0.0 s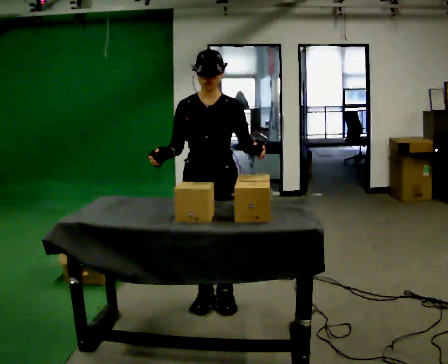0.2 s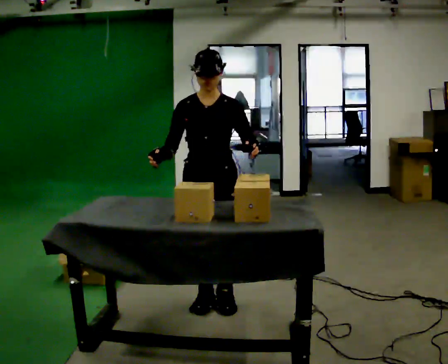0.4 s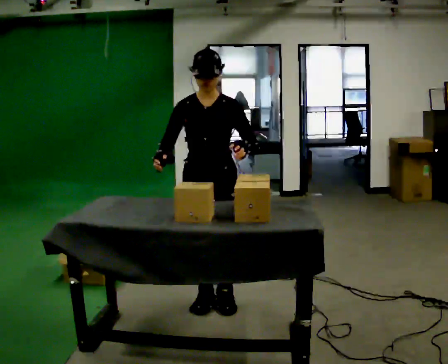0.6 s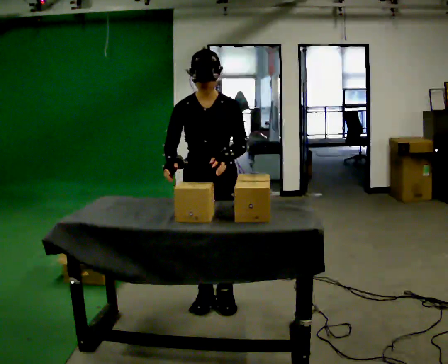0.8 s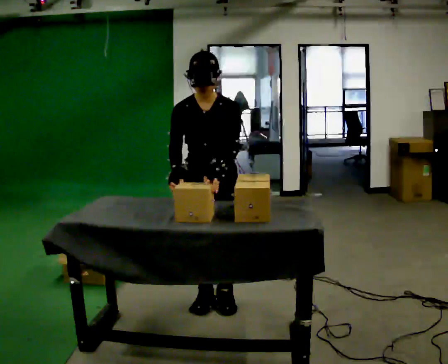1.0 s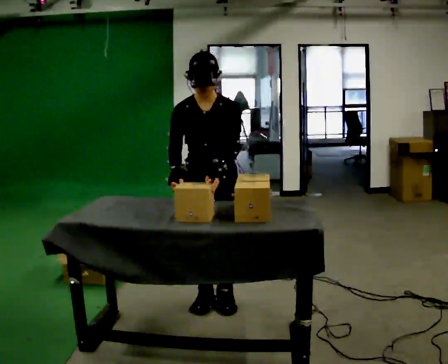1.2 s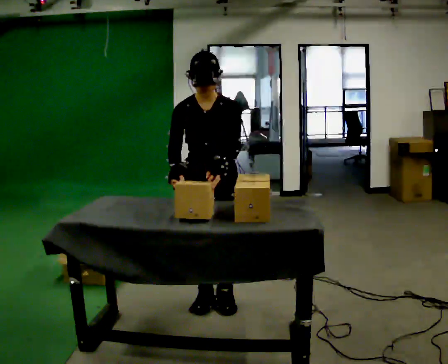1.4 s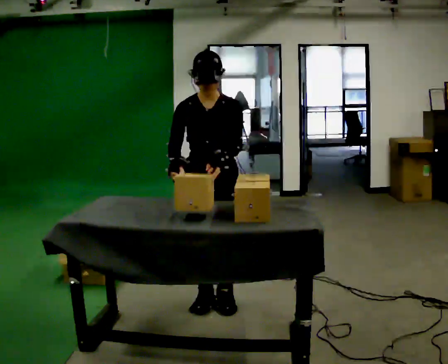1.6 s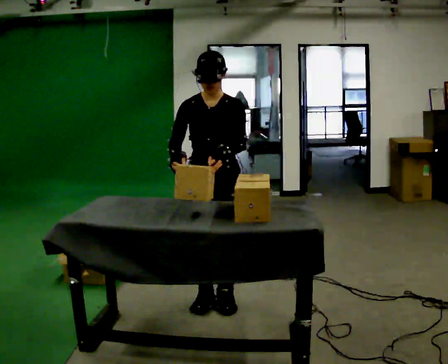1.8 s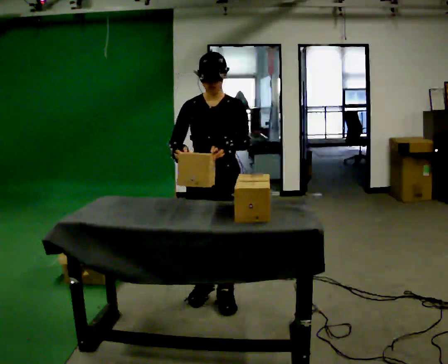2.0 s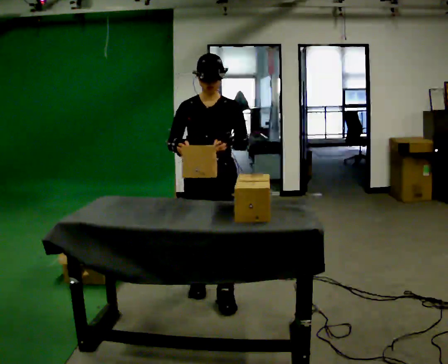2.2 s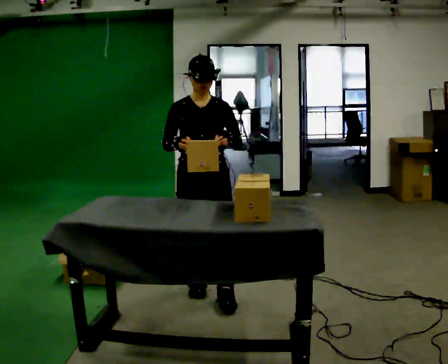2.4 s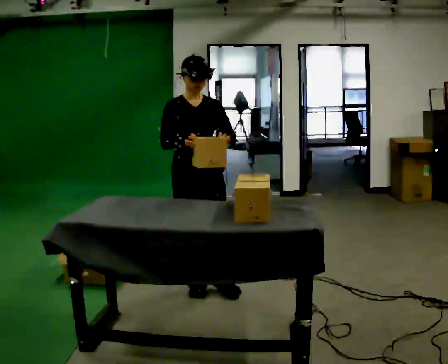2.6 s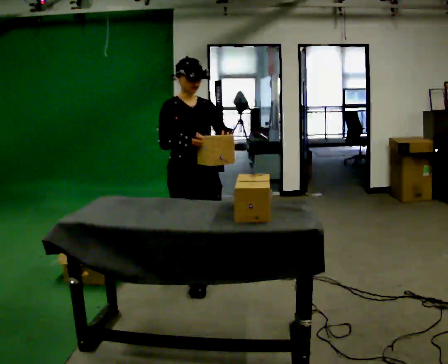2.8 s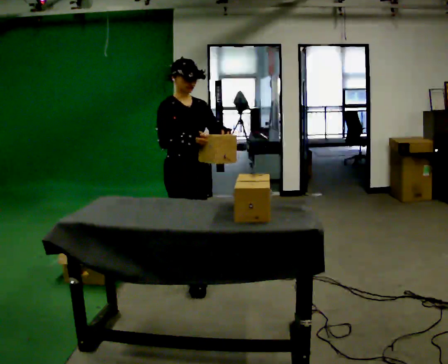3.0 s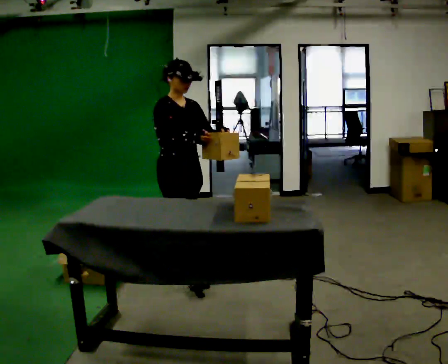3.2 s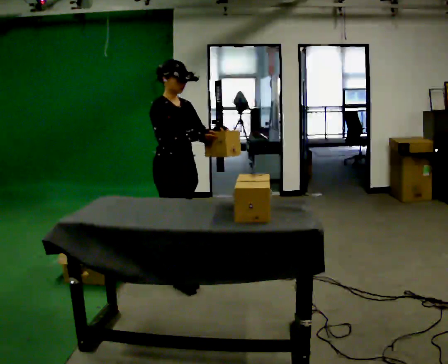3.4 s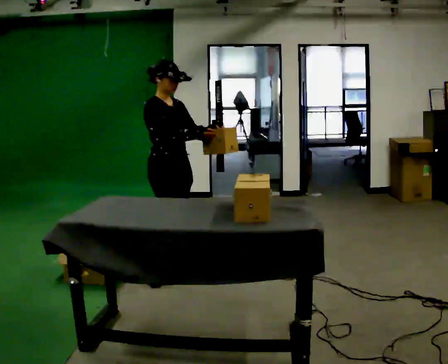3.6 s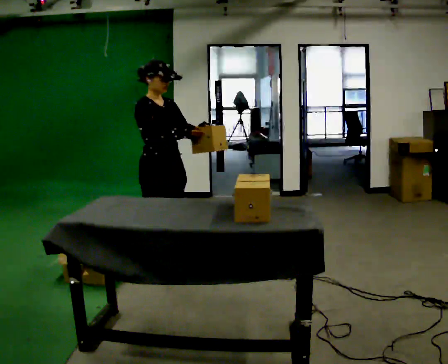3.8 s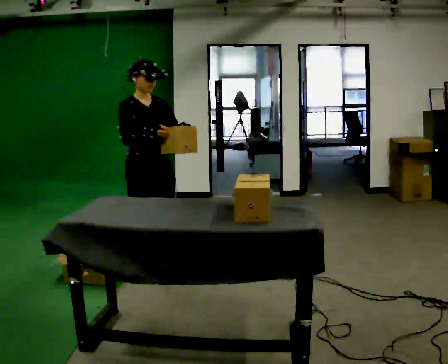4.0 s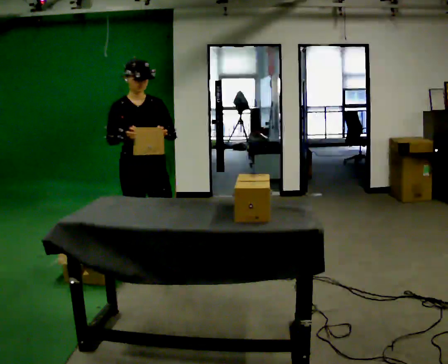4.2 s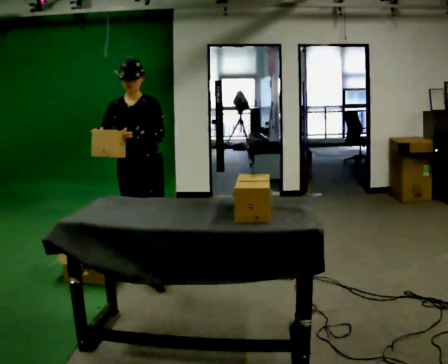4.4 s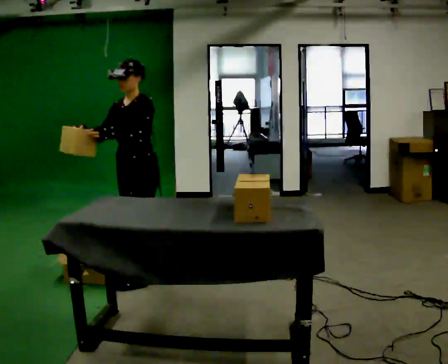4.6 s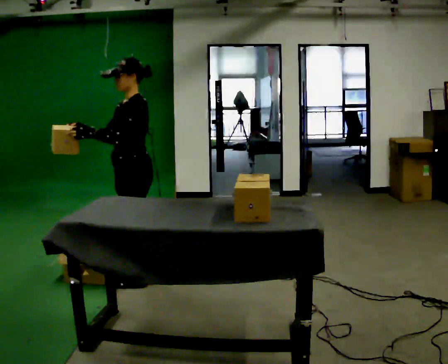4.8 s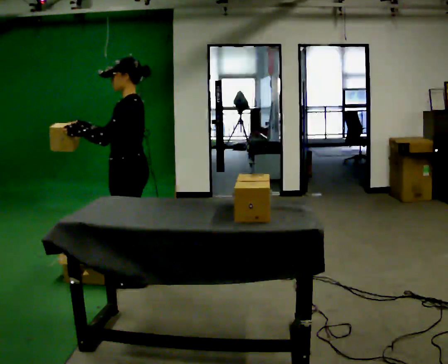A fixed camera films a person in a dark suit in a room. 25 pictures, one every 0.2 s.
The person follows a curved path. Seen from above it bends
counterclockwise.
0.0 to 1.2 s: The upper body tips toward the camera, its near side rolling downward, as they bend forward.
1.2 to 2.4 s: In the picture they go away from the camera, about 0.25 m in 2 steps, which for them is backward and to their right. The upper body tips away from the camera, its near side rolling upward, as they lean back or straighten.
2.4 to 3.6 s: The person turns about 30 degrees to their left, counterclockwise seen from above, so the part of the body nearest the lens slides to the right. In the picture they go away from the camera and to the left, about 0.5 m in 1 step, which for them is backward.
3.6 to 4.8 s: The person turns about 135 degrees to their right, clockwise seen from above, so the part of the body nearest the lens slides to the left. In the picture they go to the left and toward the camera, about 0.25 m in 2 steps. In the picture their right hand goes to the left.
The film runs backward here.
